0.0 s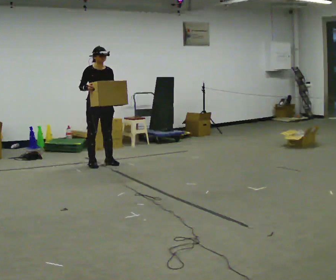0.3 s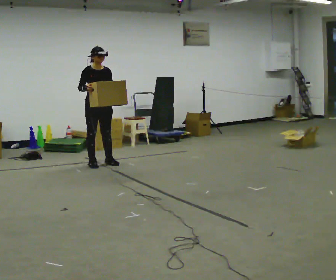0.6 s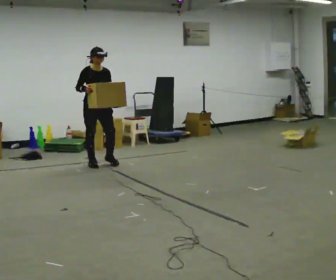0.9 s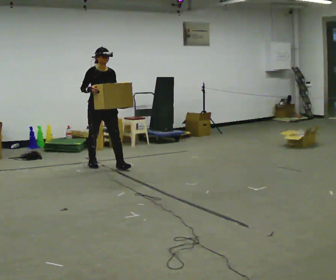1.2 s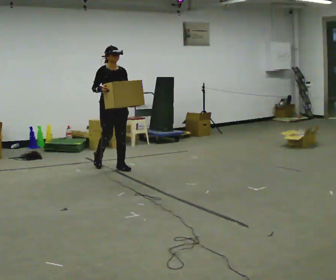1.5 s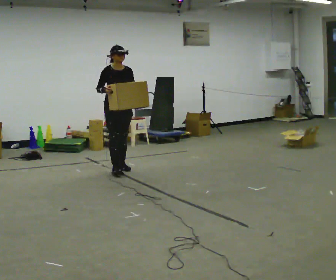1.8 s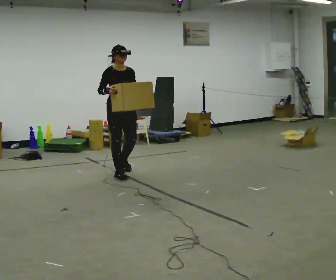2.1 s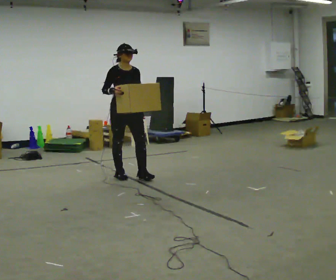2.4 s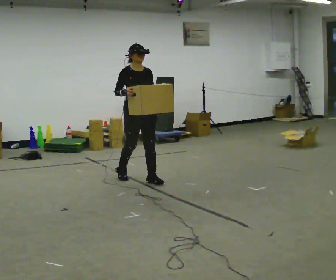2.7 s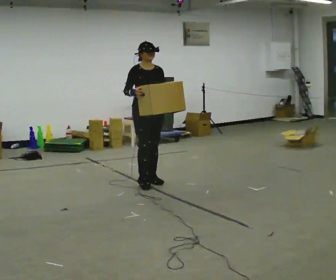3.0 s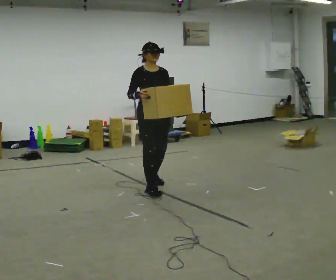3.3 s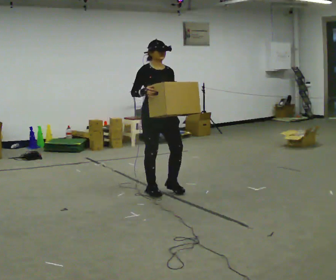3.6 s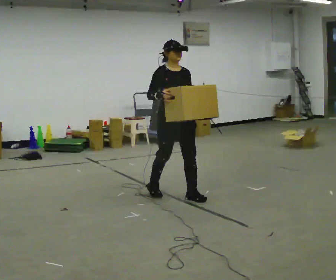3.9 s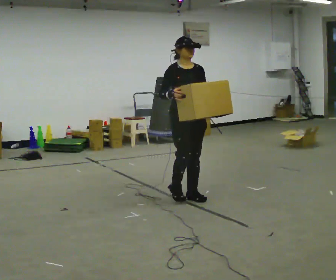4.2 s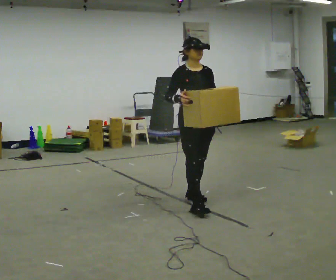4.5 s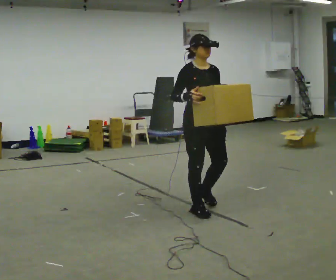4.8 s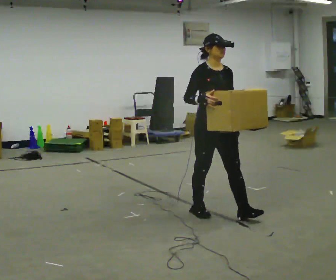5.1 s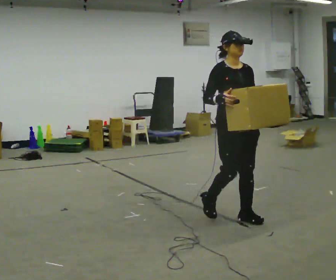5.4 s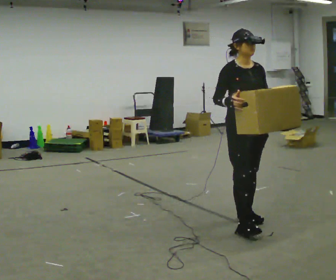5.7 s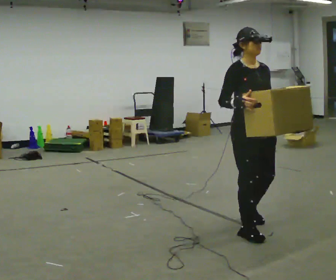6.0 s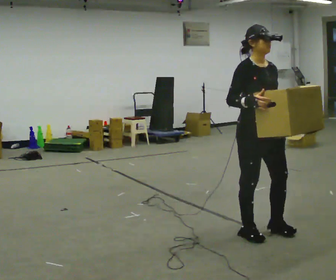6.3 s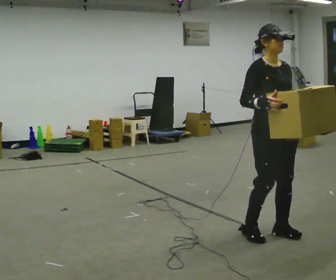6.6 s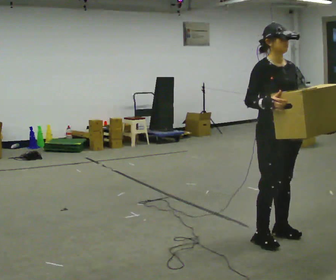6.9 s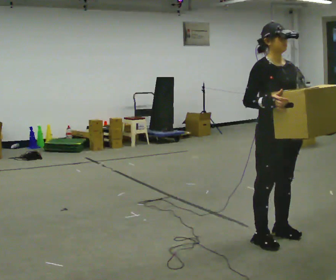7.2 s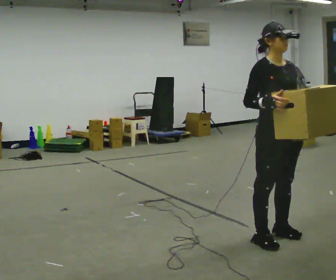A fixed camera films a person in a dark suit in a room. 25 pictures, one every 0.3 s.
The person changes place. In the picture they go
toward the camera.
0.0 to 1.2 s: In the picture they go toward the camera and to the right, about 0.25 m in 1 step, which for them is forward.
1.2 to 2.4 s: In the picture they go toward the camera and to the right, about 0.5 m in 2 steps, which for them is forward.
2.4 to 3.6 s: In the picture they go toward the camera and to the right, about 1 m in 2 steps, which for them is forward.
3.6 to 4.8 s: In the picture they go toward the camera and to the right, about 0.5 m in 1 step, which for them is forward.
4.8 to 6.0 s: In the picture they go toward the camera and to the right, about 0.5 m in 2 steps, which for them is forward.
6.0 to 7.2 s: In the picture they go toward the camera, about 0.25 m in 2 steps, which for them is forward.
The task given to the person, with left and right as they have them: Carry the heaviest box in both hands in front of you, walking back and forth across the room. Only carry what is comfortable. Set it down whenever you need to.
The film runs forward here.
